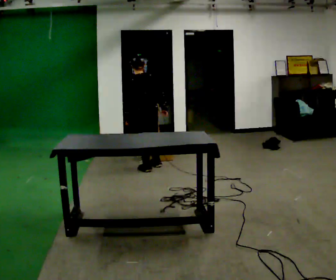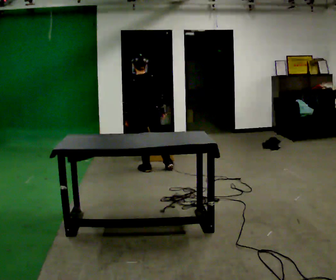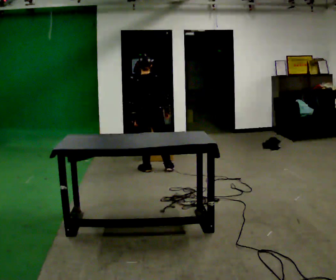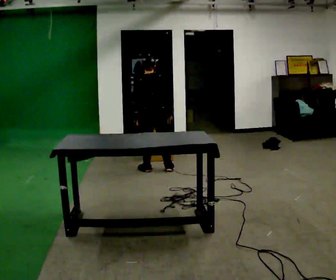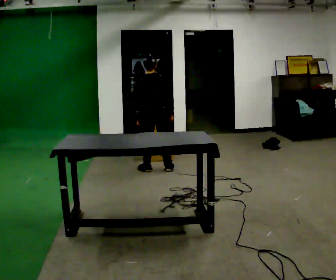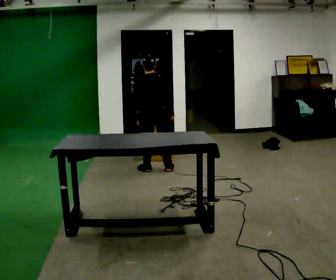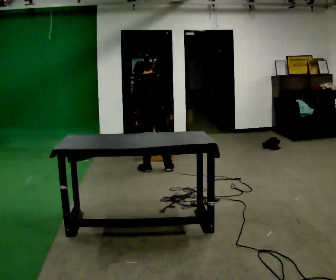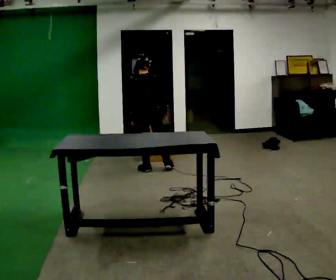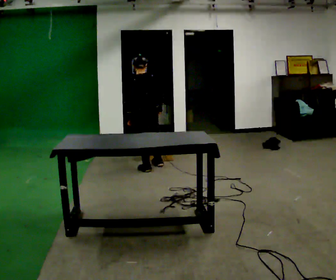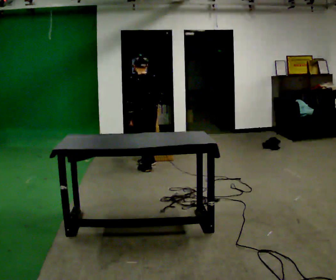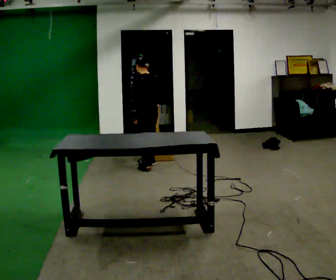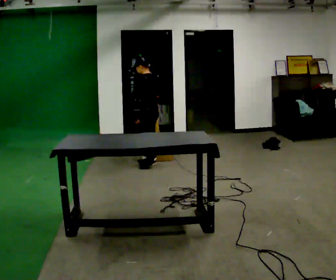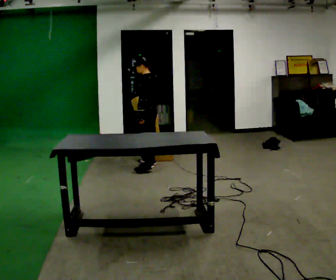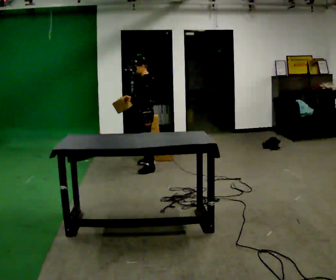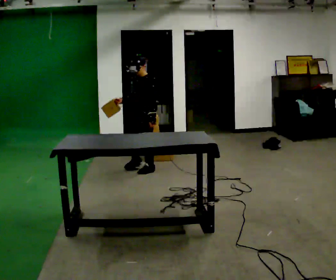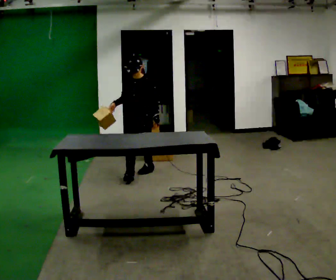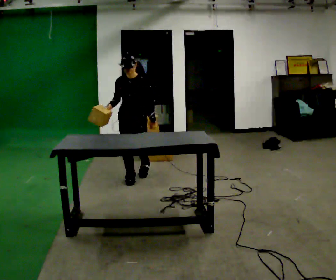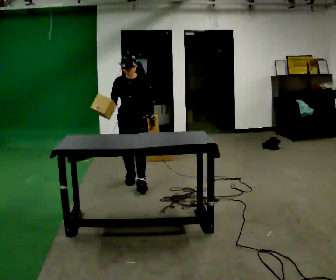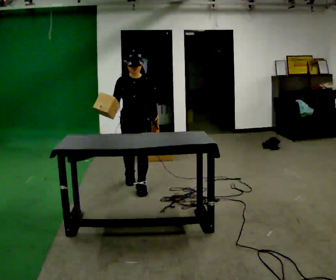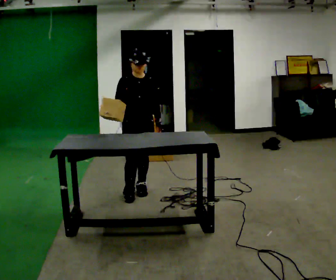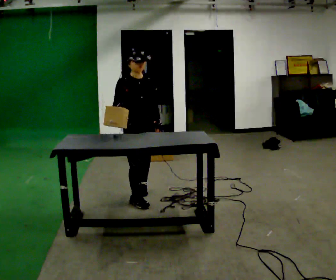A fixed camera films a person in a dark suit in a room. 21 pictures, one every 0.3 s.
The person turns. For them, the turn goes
to their left.
The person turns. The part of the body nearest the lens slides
to the right.
0.0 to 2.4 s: The person moves a little, or ends about where they began.
2.4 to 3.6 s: Seen from above the body turns counterclockwise, about 60 degrees: to their left, with its near side sliding to the right.
3.6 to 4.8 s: The part of the body nearest the lens slides to the right as the person turns to their left by about 105 degrees. In the picture they go toward the camera, about 0.75 m in 1 step.
4.8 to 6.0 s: The part of the body nearest the lens slides to the right as the person turns to their left by about 30 degrees. In the picture they go toward the camera, about 0.75 m in 2 steps, which for them is forward.
The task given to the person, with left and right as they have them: Take an object out of the bin at knee height, carry it across the room, and place it on the chest-height shelf. Keep going until the operator says stop; one object at a time, and do not rush between trips.
The film runs forward here.
